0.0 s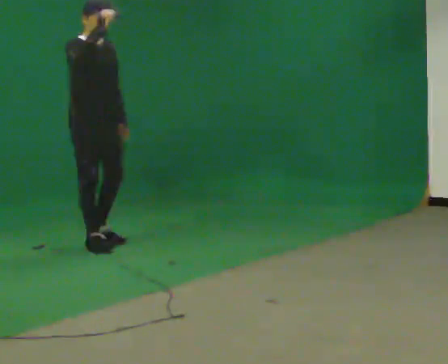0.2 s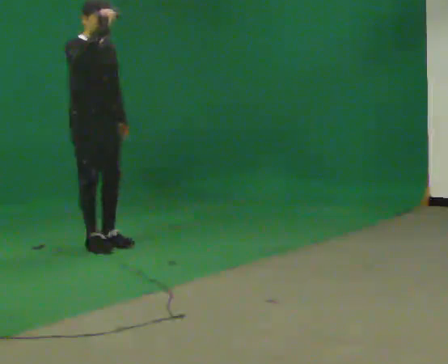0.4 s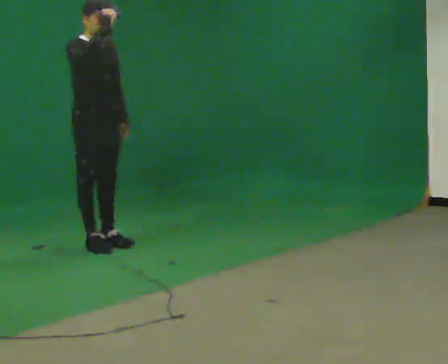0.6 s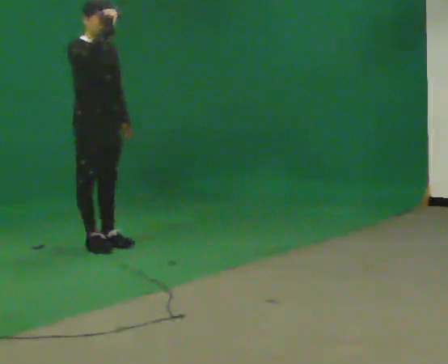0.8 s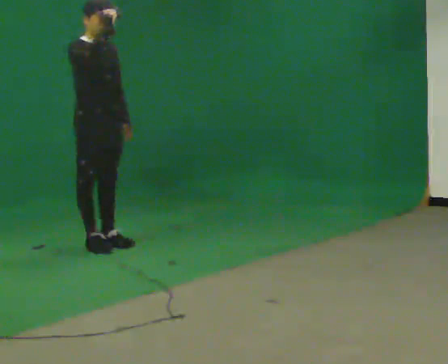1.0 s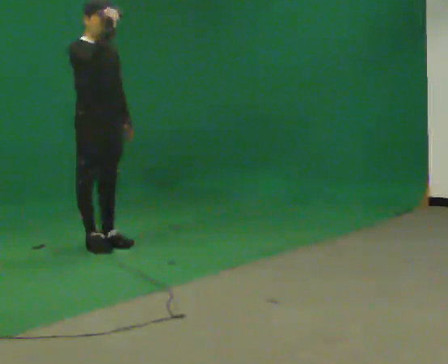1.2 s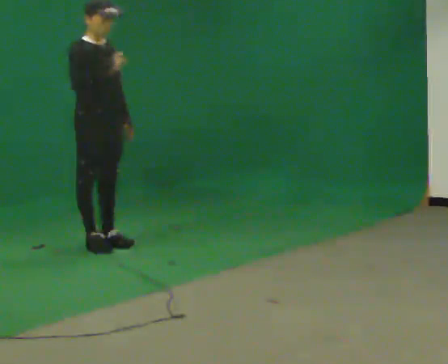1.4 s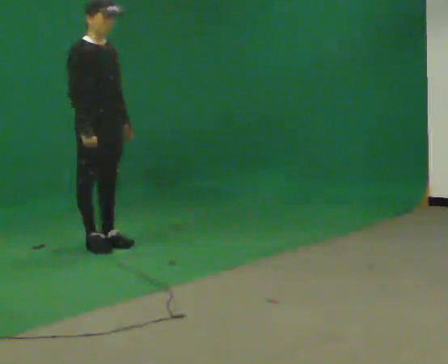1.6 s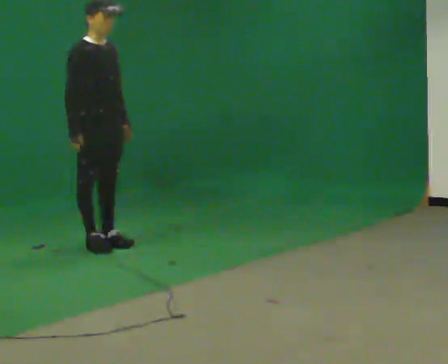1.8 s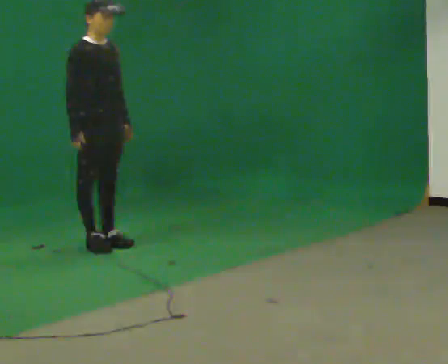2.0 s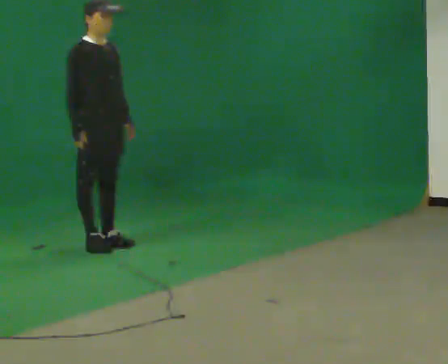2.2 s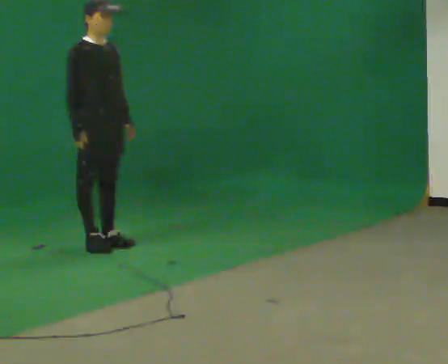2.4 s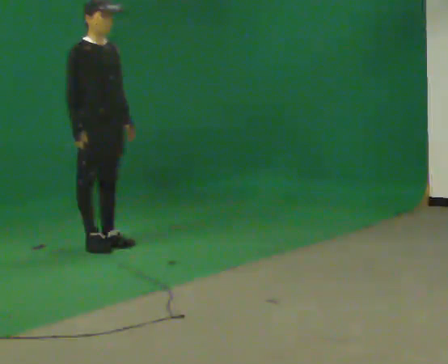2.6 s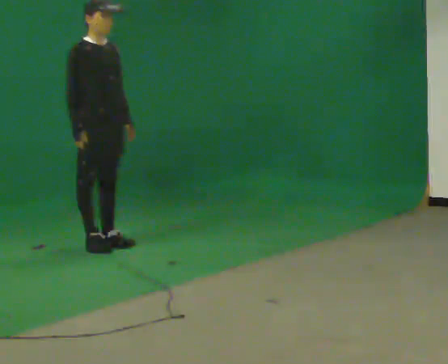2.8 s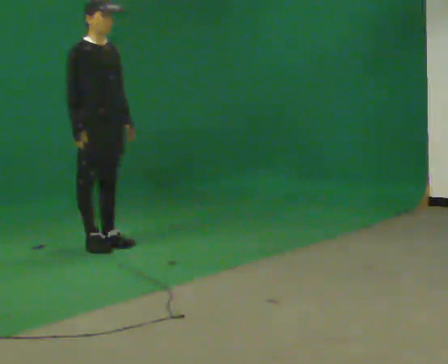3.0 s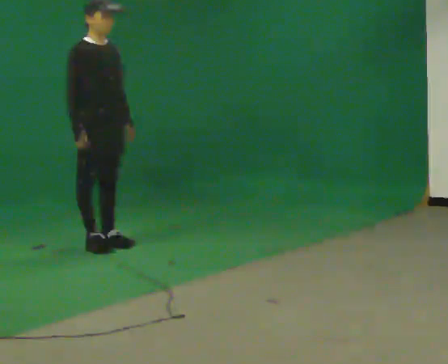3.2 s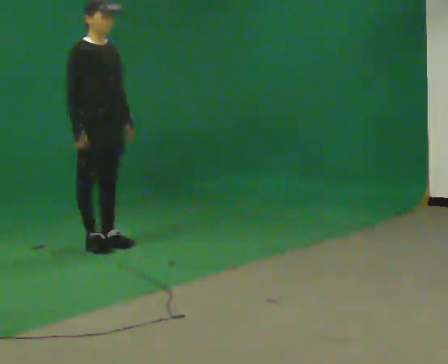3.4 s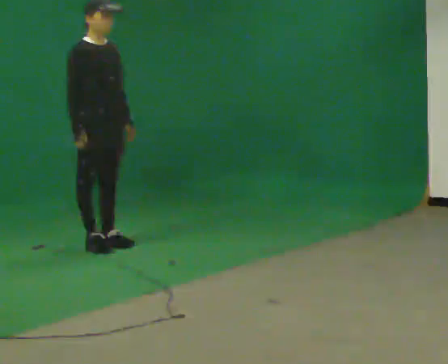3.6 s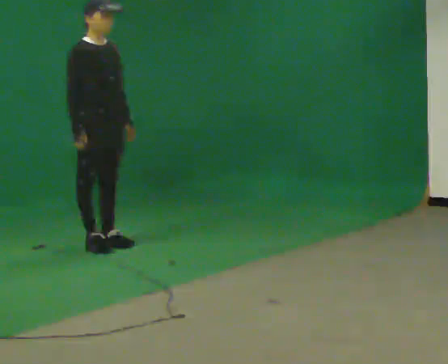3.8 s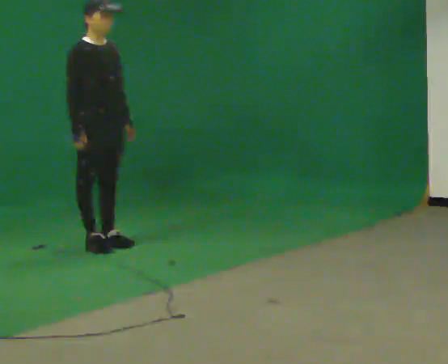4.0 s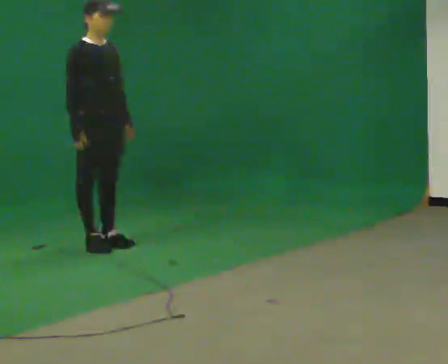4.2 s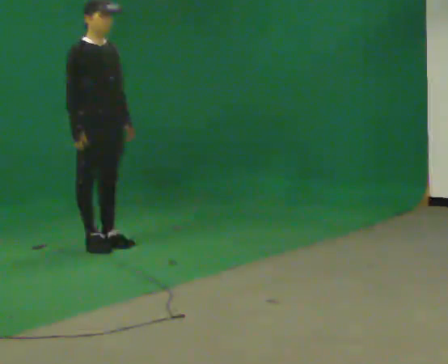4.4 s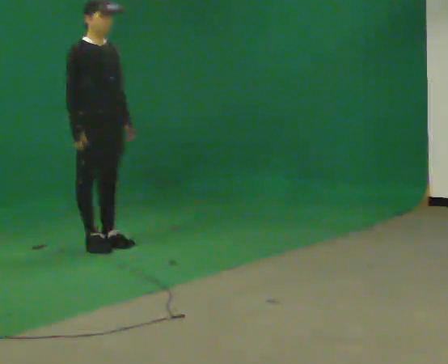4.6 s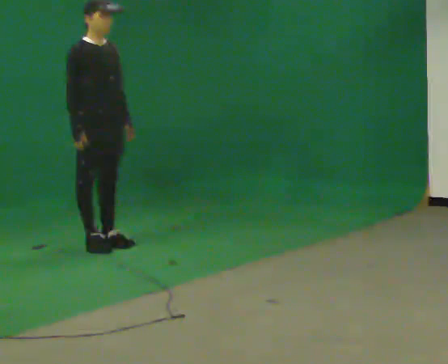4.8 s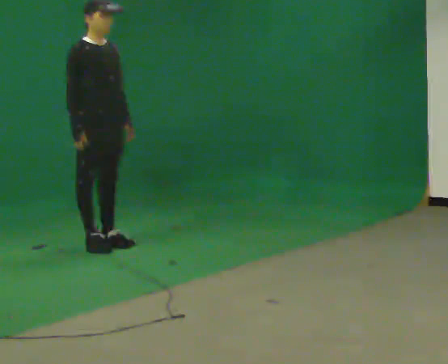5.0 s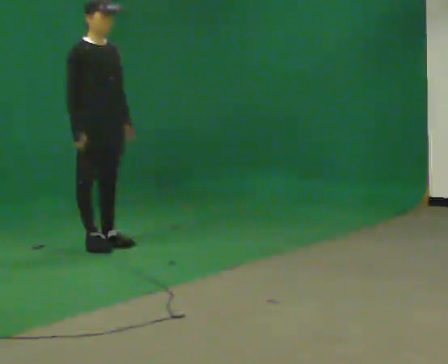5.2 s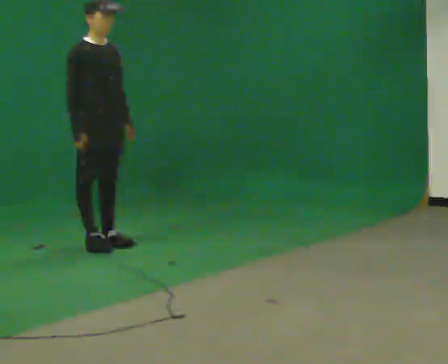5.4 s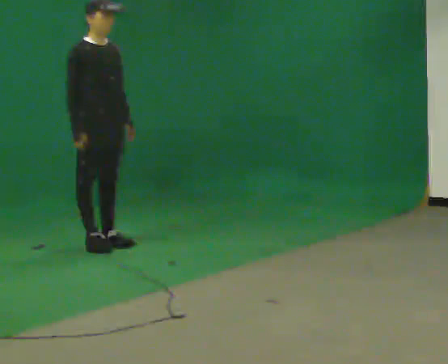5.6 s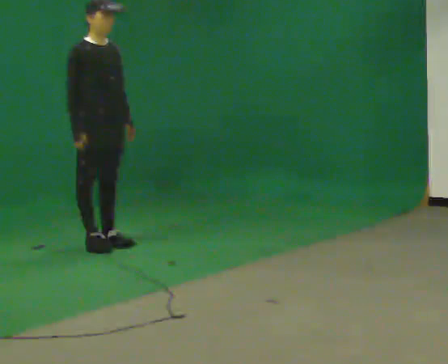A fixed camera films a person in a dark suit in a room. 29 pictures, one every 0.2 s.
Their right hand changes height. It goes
downward.
0.0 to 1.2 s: In the picture their right hand goes downward.
1.2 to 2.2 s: The person moves a little, or ends about where they began.
2.2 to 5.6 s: The person keeps their place and pose.
The film runs forward here.
